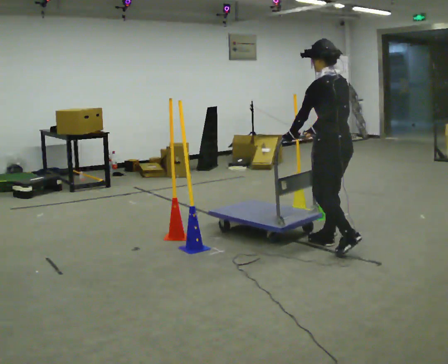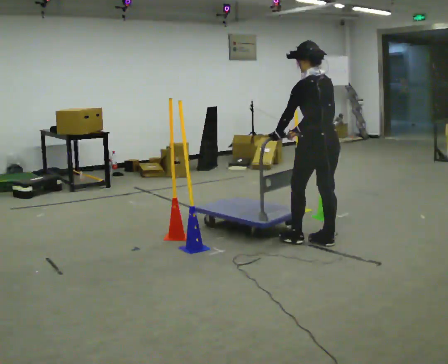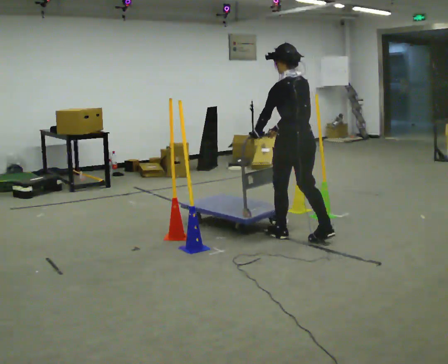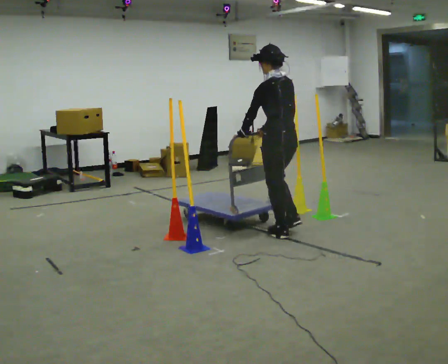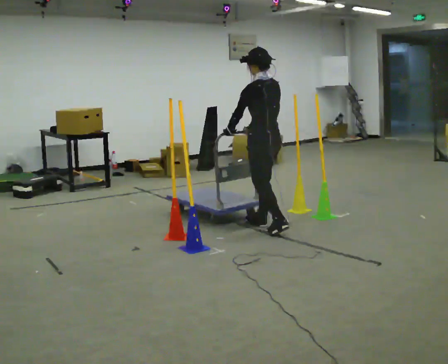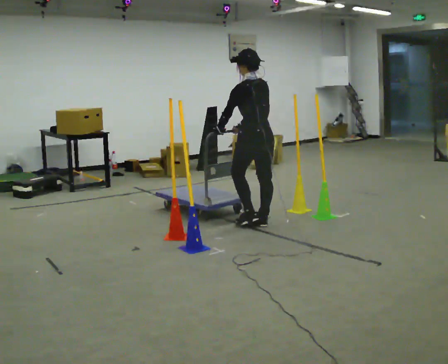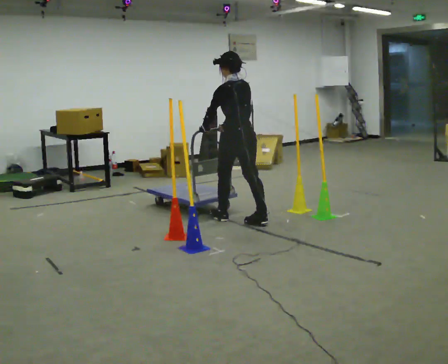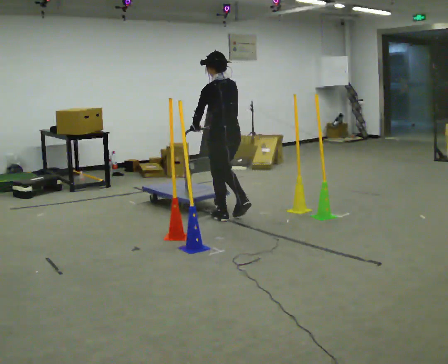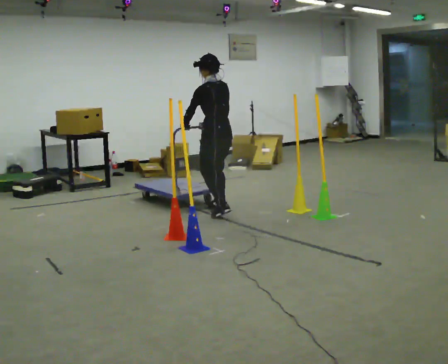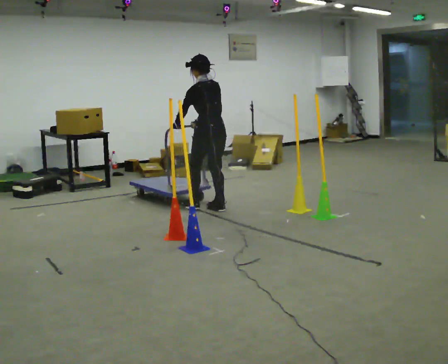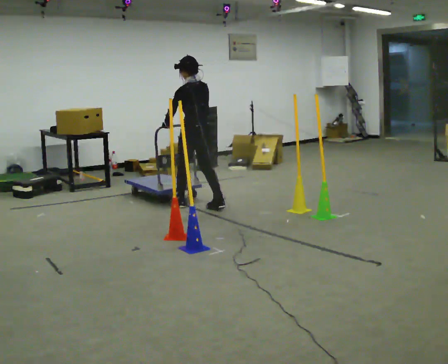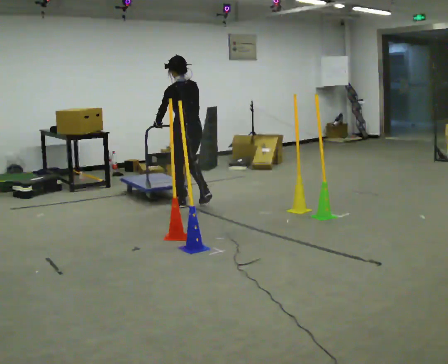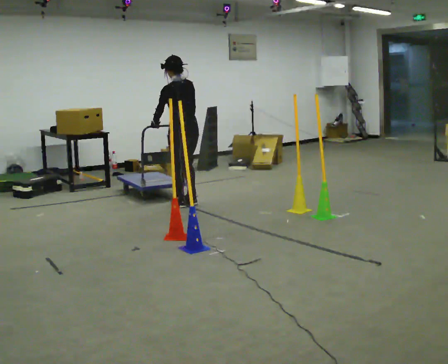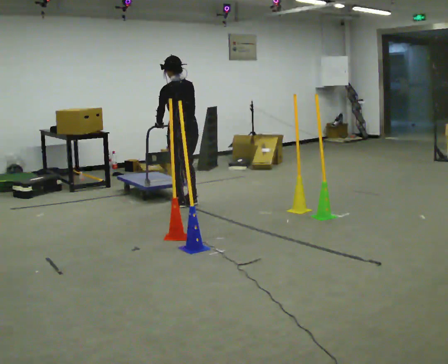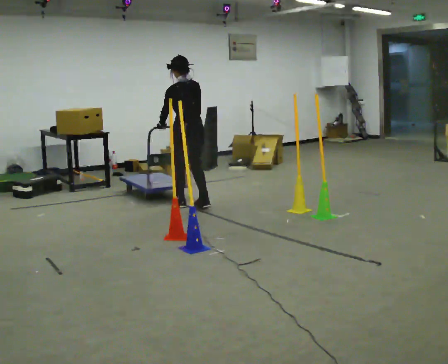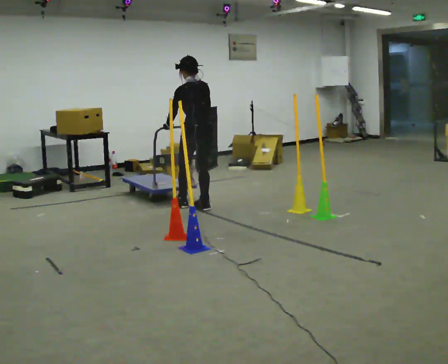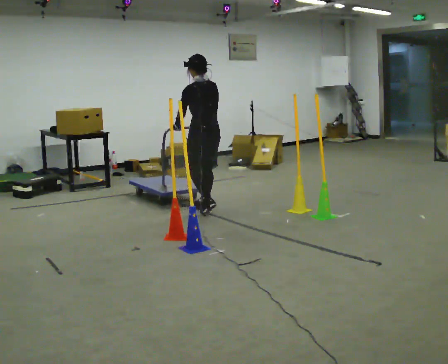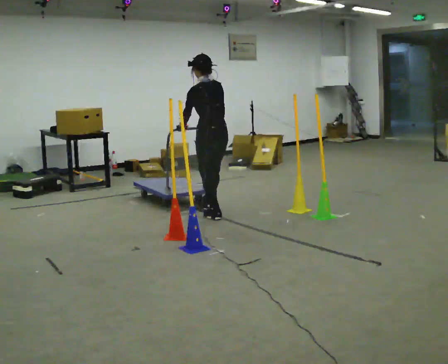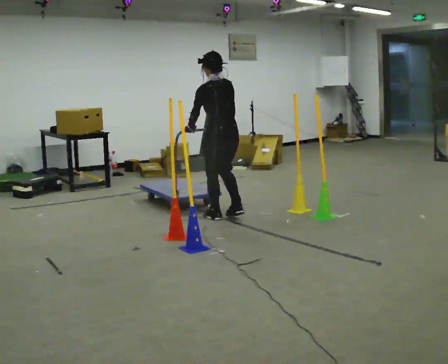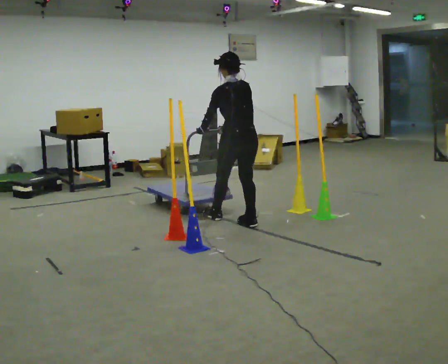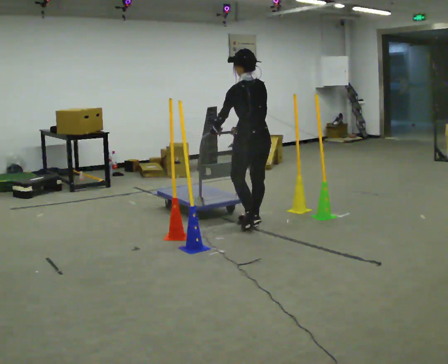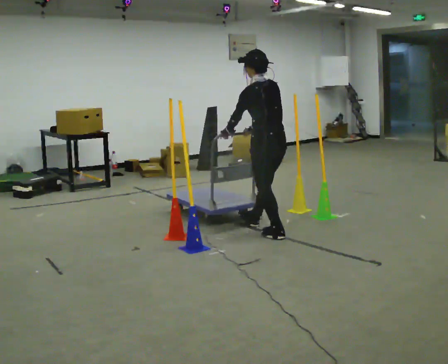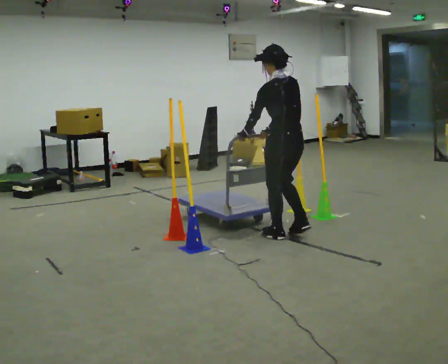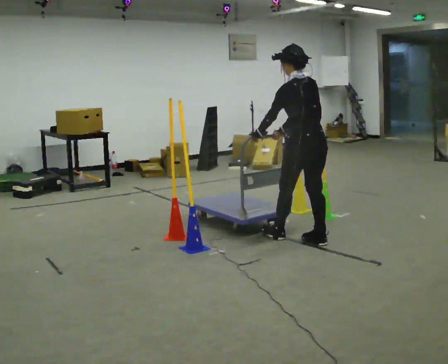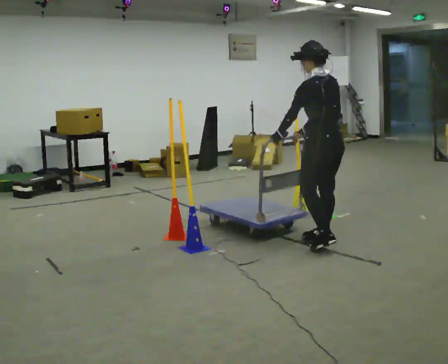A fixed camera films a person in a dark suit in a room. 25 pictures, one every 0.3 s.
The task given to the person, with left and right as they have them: Push the cart in and out of the line of poles without touching any of them. Keep going until the operator says stop.
0.0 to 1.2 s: In the picture they go away from the camera and to the left, about 1 m in 2 steps, which for them is forward.
1.2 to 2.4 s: In the picture they go away from the camera and to the left, about 0.5 m in 2 steps, which for them is forward.
2.4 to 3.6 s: In the picture they go to the left and away from the camera, about 0.5 m in 2 steps, which for them is forward.
3.6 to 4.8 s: In the picture they go toward the camera and to the right, about 0.25 m in 1 step, which for them is backward.
4.8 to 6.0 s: In the picture they go toward the camera and to the right, about 0.5 m in 2 steps, which for them is backward.
6.0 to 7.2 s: In the picture they go toward the camera and to the right, about 1 m in 2 steps, which for them is backward.
The film runs forward here.
